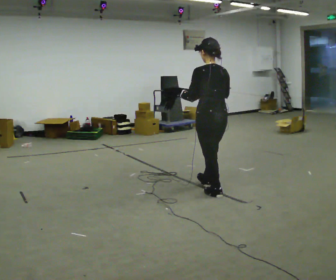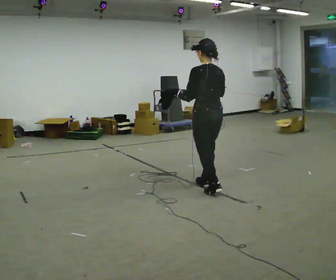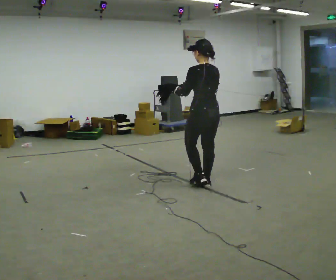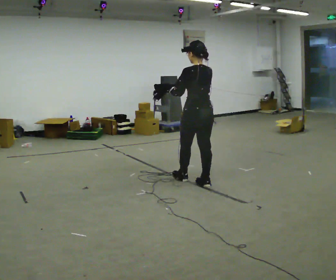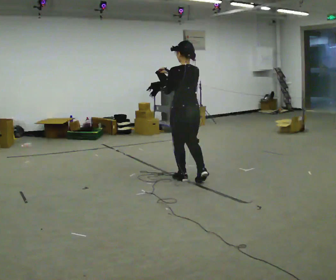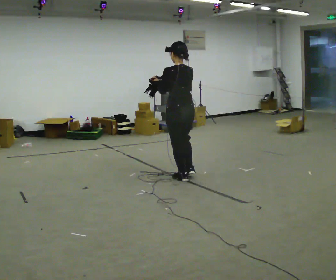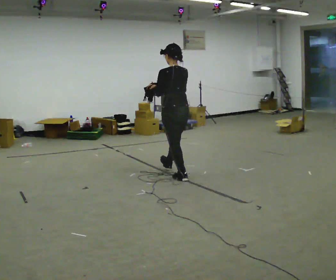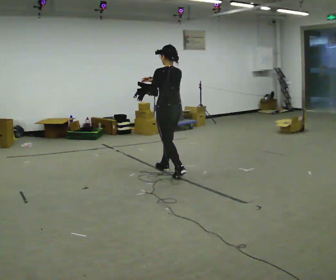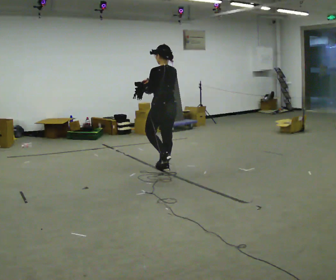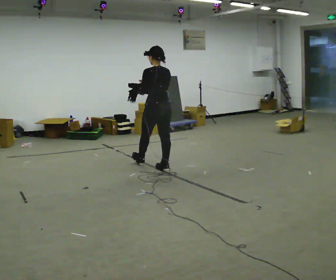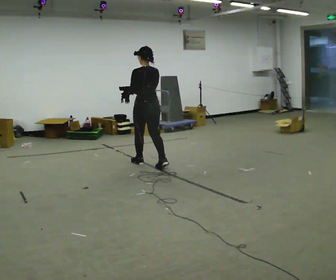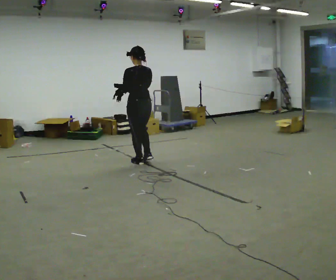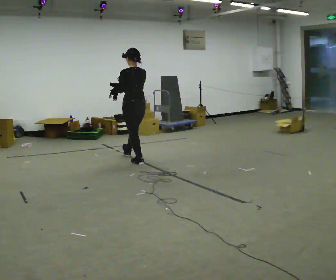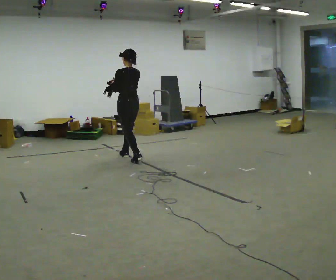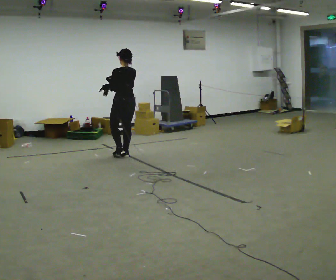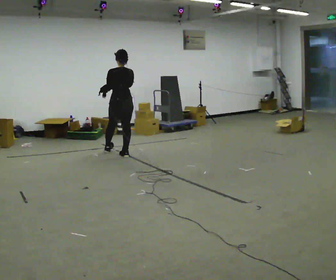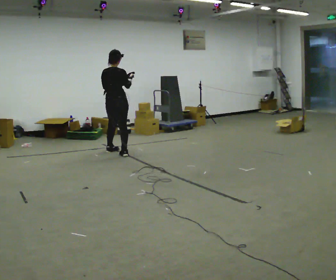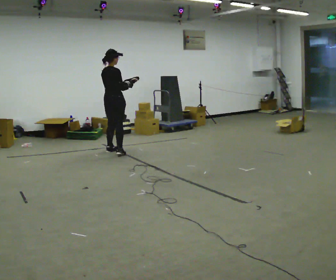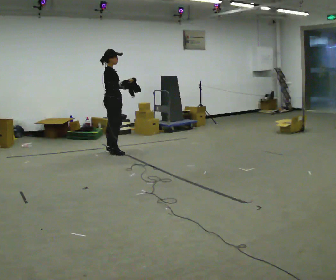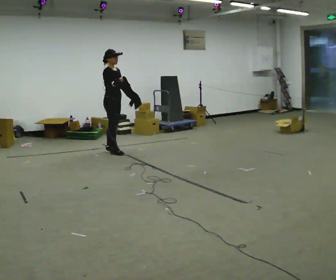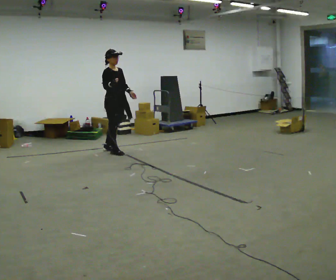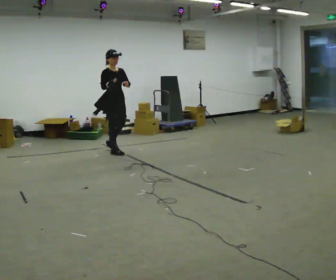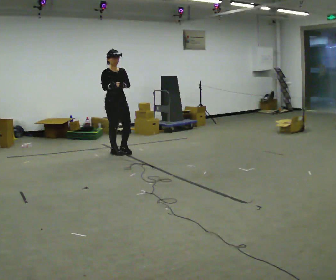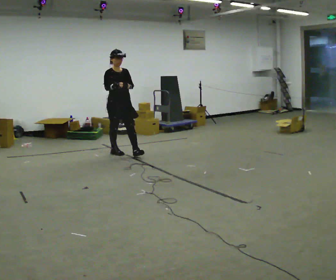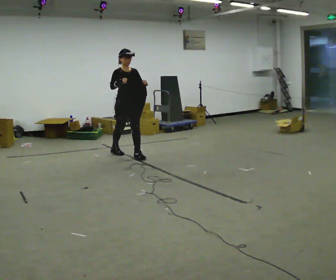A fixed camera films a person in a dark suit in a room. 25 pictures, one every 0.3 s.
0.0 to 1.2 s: In the picture they go away from the camera and to the left, about 0.5 m in 1 step, which for them is forward.
1.2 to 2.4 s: In the picture they go away from the camera and to the left, about 0.5 m in 1 step, which for them is forward.
2.4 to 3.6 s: In the picture they go to the left and away from the camera, about 0.75 m in 1 step, which for them is forward.
3.6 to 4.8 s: The part of the body nearest the lens slides to the left as the person turns to their right by about 60 degrees. In the picture they go away from the camera and to the left, about 0.5 m in 2 steps.
4.8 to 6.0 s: The part of the body nearest the lens slides to the left as the person turns to their right by about 105 degrees.
6.0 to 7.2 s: The part of the body nearest the lens slides to the left as the person turns to their right by about 30 degrees. In the picture they go to the right and toward the camera, about 0.25 m in 1 step, which for them is forward.
The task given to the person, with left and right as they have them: Carry the cloth and, while walking, fold it in half, then unfold it. Keep repeating as you walk. Do not stop.
The film runs forward here.
